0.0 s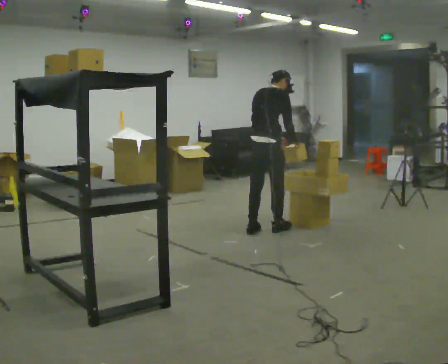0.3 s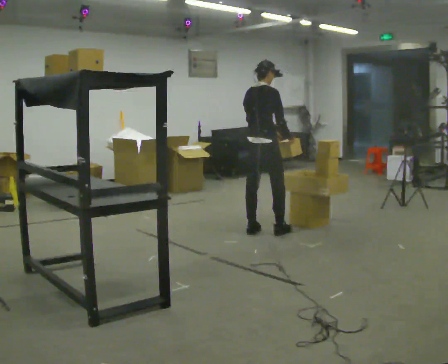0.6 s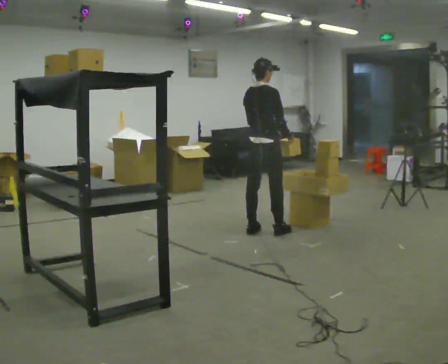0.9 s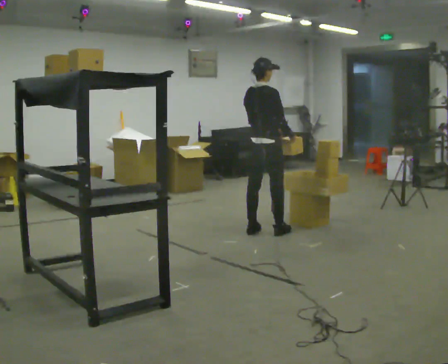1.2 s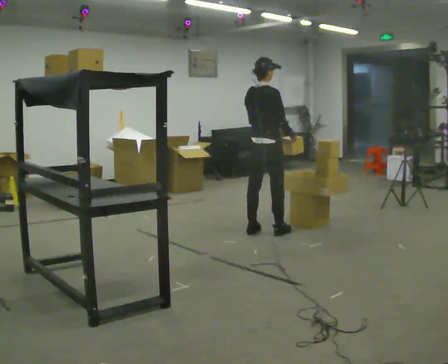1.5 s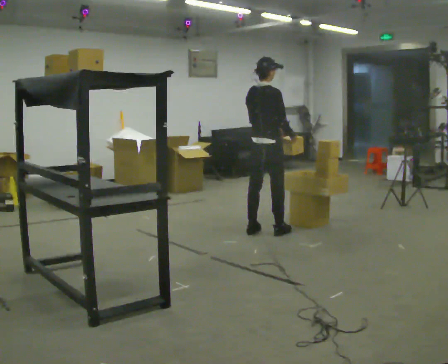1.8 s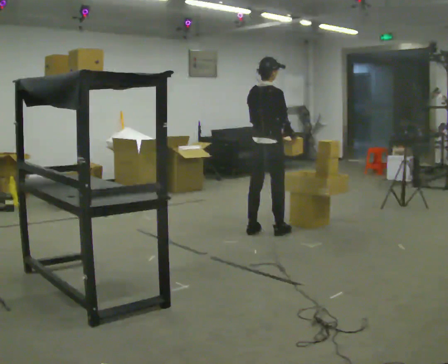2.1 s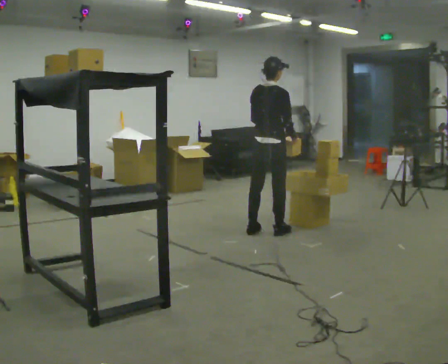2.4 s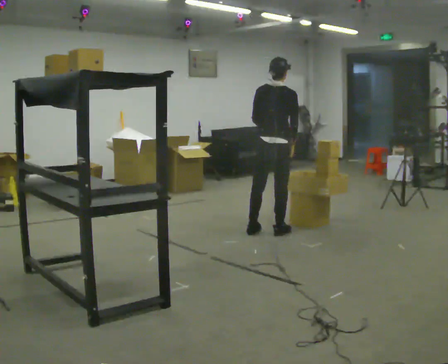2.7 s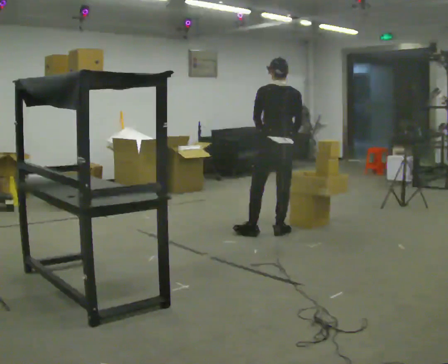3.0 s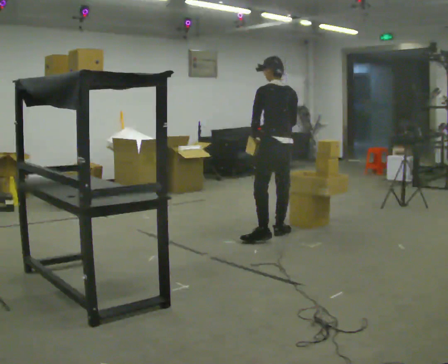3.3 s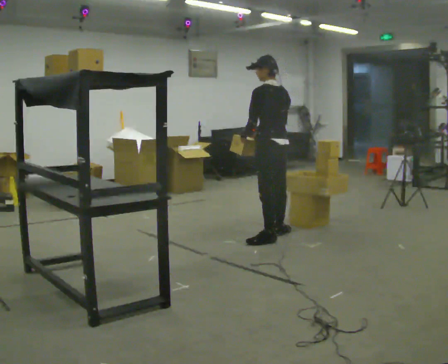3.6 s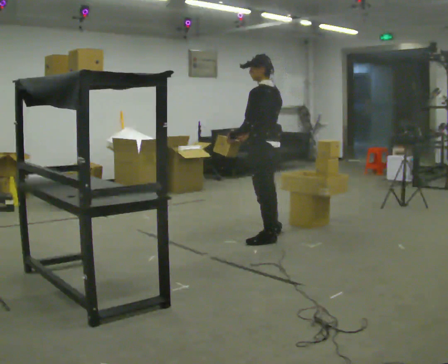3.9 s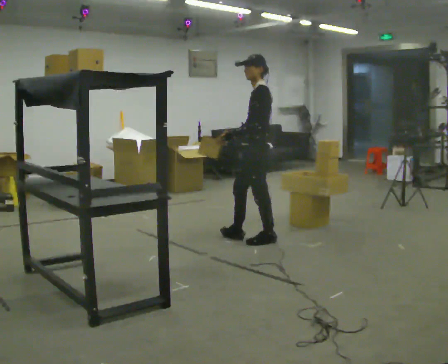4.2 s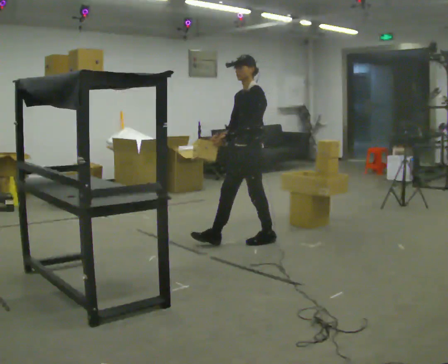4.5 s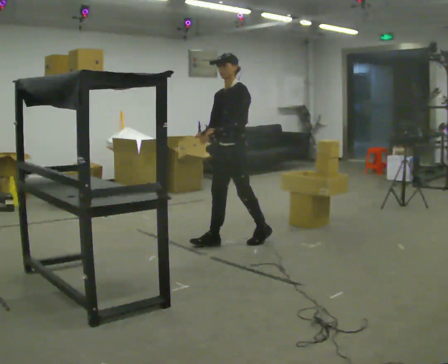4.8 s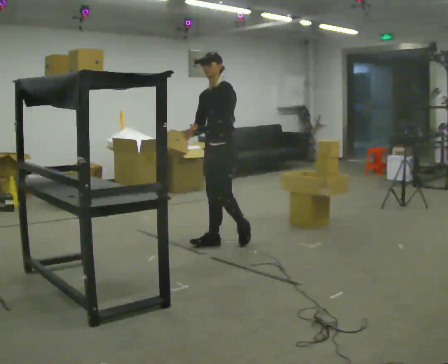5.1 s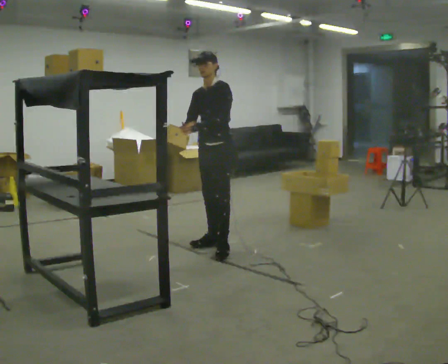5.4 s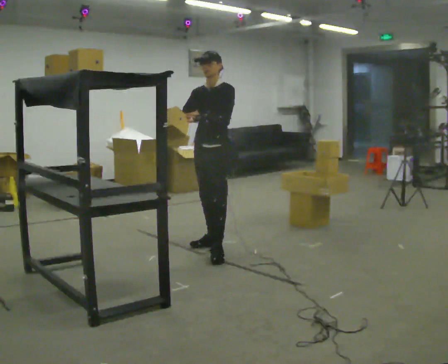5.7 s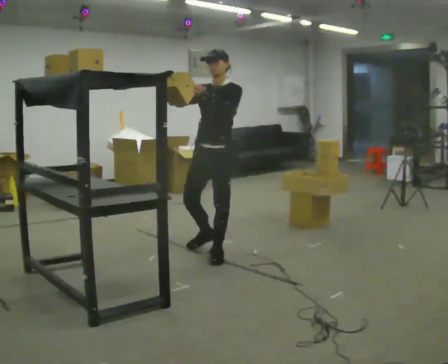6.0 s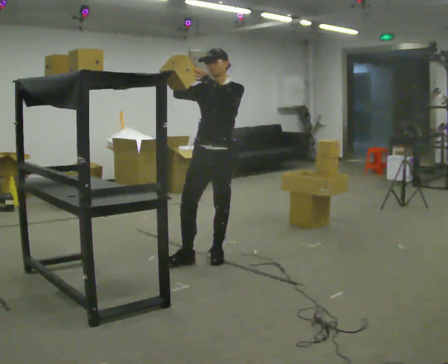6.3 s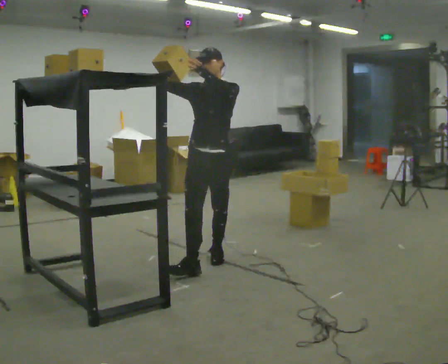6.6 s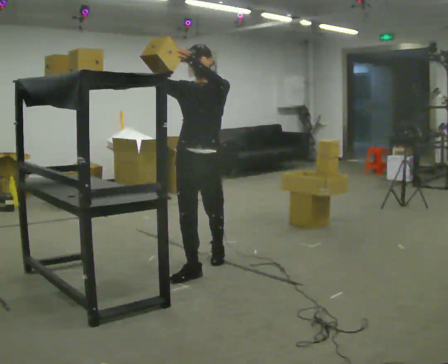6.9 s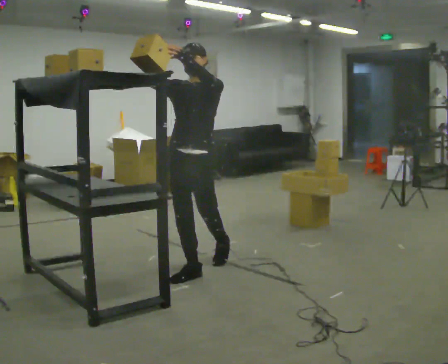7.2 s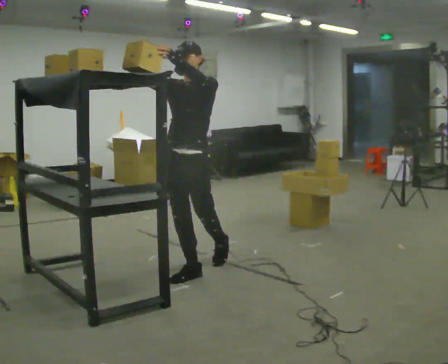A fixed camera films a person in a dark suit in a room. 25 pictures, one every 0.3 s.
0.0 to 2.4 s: The person moves a little, or ends about where they began.
2.4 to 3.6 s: The person turns about 75 degrees to their left, counterclockwise seen from above, so the part of the body nearest the lens slides to the right. In the picture they go toward the camera, about 0.25 m in 1 step.
3.6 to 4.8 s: Seen from above the body turns counterclockwise, about 75 degrees: to their left, with its near side sliding to the right. In the picture they go to the left, about 0.5 m in 1 step.
4.8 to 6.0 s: The part of the body nearest the lens slides to the right as the person turns to their left by about 30 degrees. In the picture they go toward the camera, about 0.5 m in 1 step, which for them is forward and to their left. In the picture their right hand goes upward, the arm swinging clockwise.
6.0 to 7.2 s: In the picture they go toward the camera and to the left, about 0.5 m in 1 step, which for them is forward.
The film runs forward here.
